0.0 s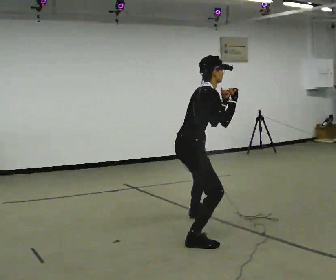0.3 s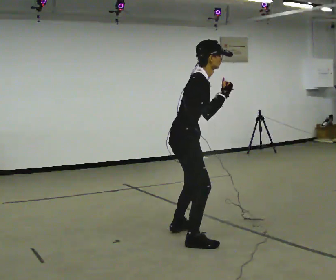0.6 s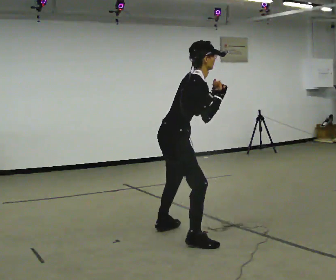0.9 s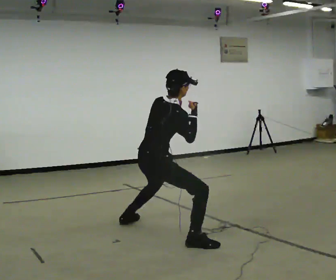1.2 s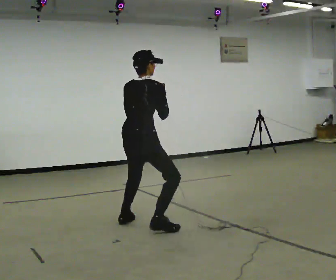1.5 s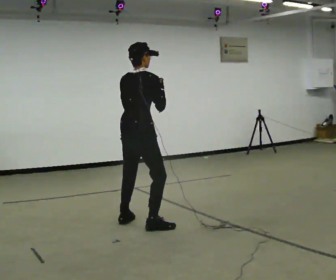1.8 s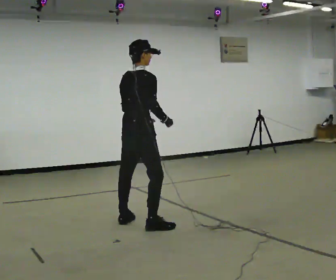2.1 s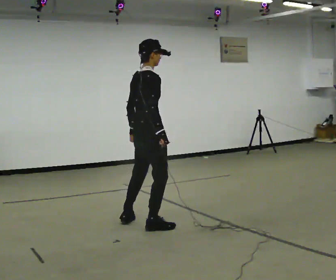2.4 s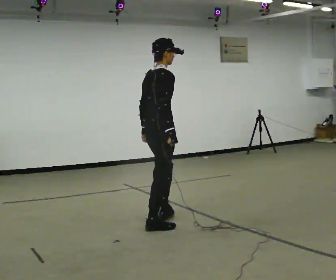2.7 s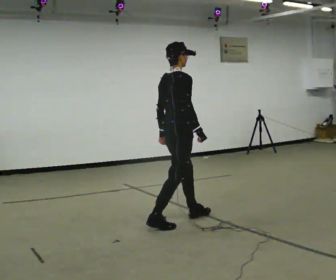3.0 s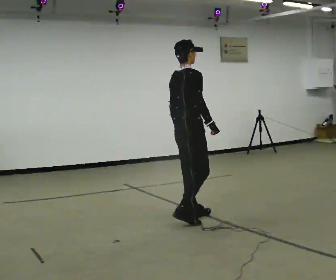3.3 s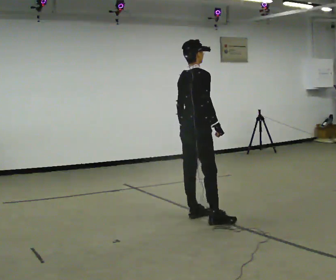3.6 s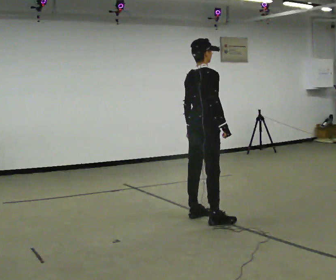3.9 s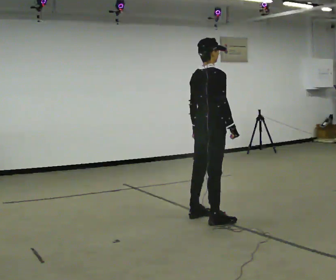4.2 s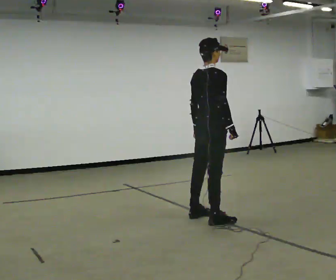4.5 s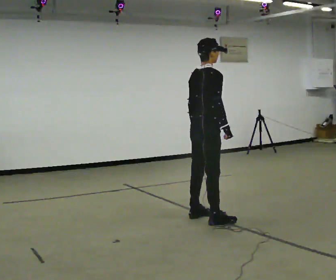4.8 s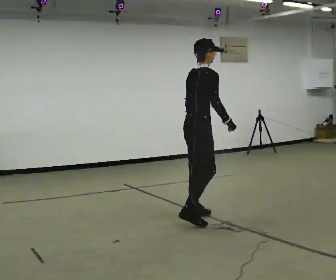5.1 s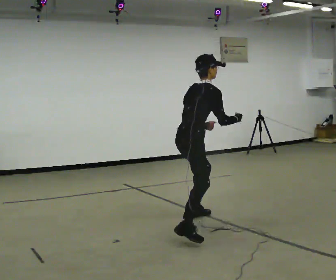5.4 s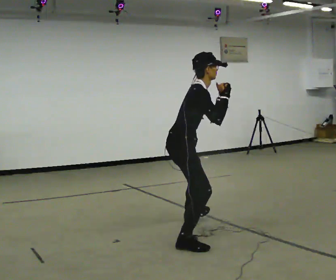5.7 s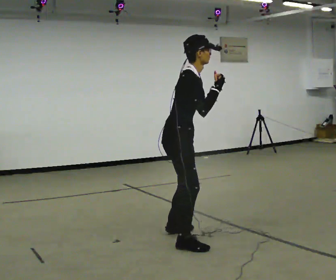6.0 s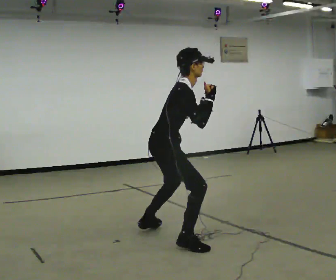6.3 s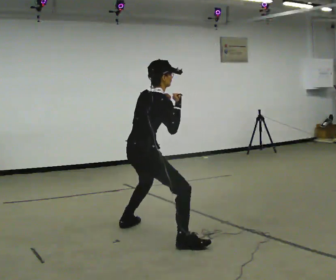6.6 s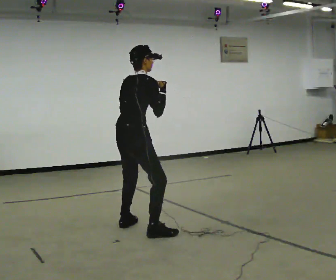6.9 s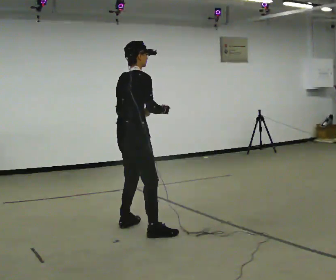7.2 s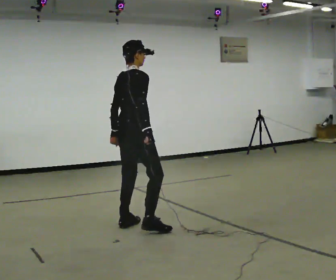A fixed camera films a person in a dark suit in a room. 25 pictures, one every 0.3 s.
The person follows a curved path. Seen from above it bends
clockwise.
0.0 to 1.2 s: The part of the body nearest the lens slides to the right as the person turns to their left by about 45 degrees. In the picture they go to the left, about 0.5 m in 2 steps, which for them is backward and to their left.
1.2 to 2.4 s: In the picture they go to the right, about 0.25 m in 1 step, which for them is forward. In the picture their right hand goes downward.
2.4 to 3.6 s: In the picture they go to the right and away from the camera, about 0.5 m in 2 steps, which for them is forward.
3.6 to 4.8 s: The person moves a little, or ends about where they began.
4.8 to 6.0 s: In the picture they go toward the camera, about 0.5 m in 2 steps, which for them is to their right and backward.
6.0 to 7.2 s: The person turns about 30 degrees to their left, counterclockwise seen from above, so the part of the body nearest the lens slides to the right. In the picture they go away from the camera and to the left, about 0.5 m in 2 steps, which for them is to their left and forward. In the picture the upper body tilts counterclockwise, shoulders to the left, as they lean back or straighten.
The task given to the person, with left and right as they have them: Move as if avoiding punches: slip your head side to side, duck, and raise your guard. Repeat the movement at your own pace until the operator says stop; do not rush.
The film runs forward here.
